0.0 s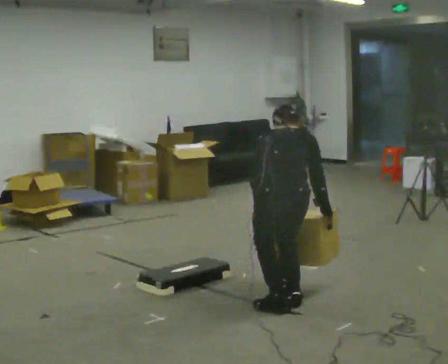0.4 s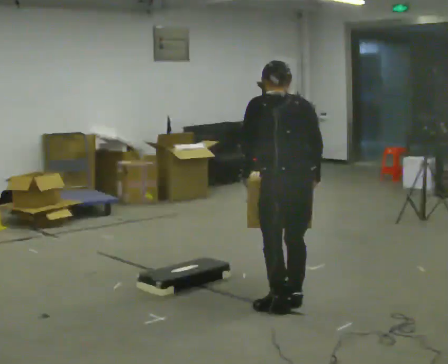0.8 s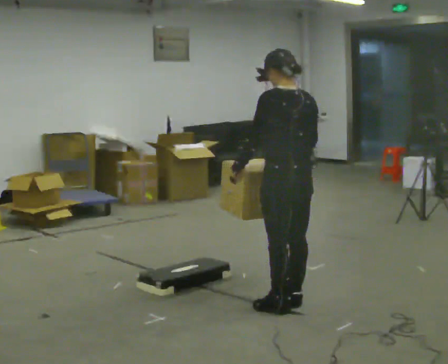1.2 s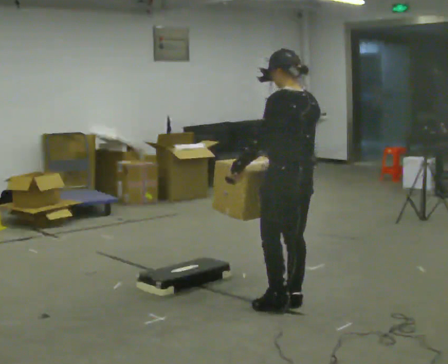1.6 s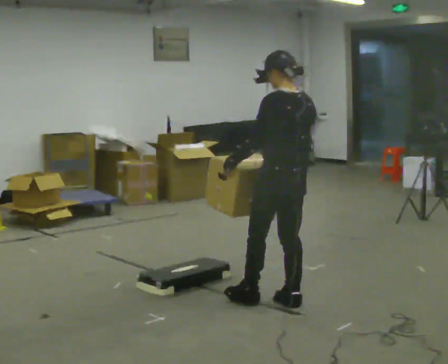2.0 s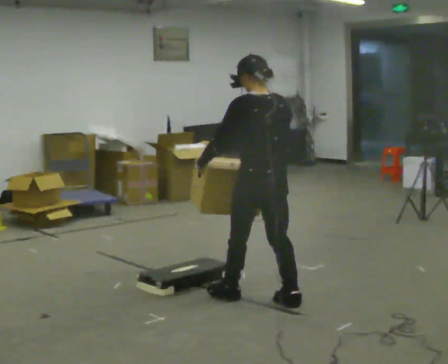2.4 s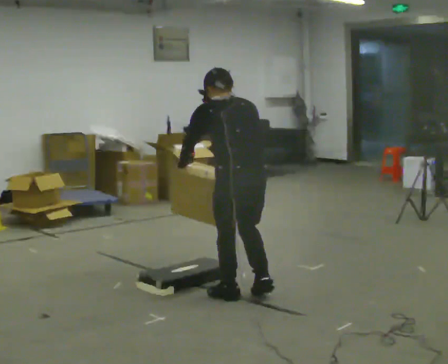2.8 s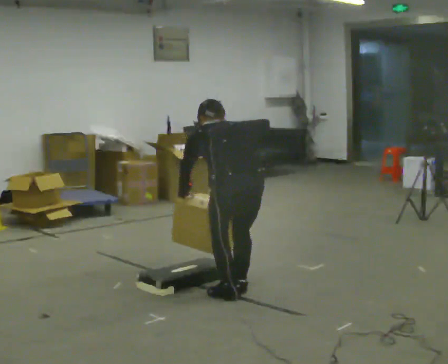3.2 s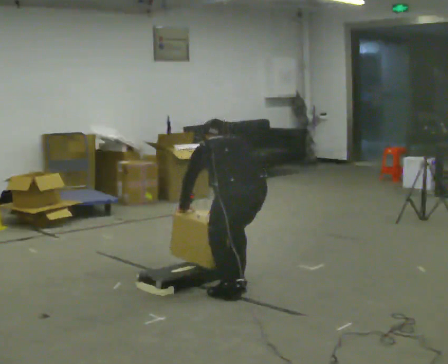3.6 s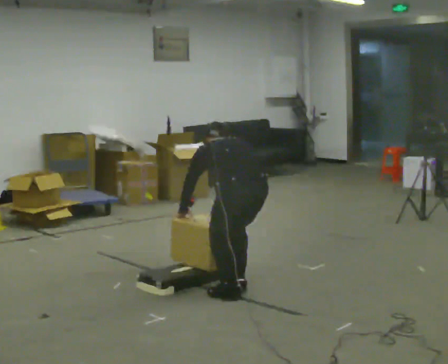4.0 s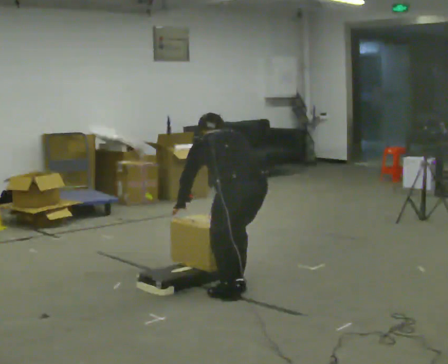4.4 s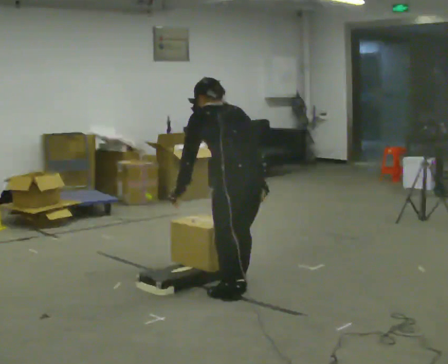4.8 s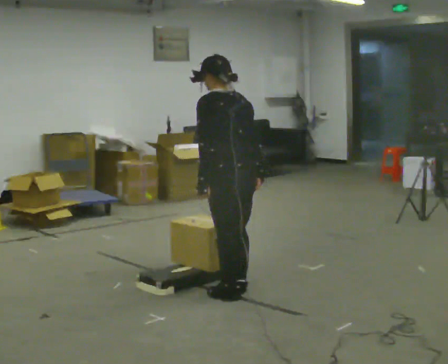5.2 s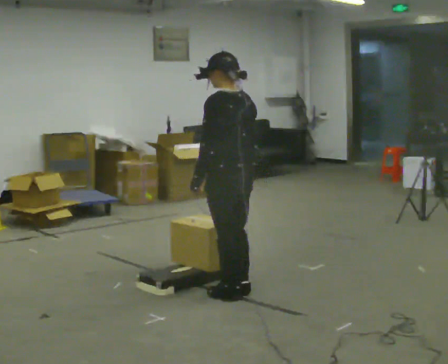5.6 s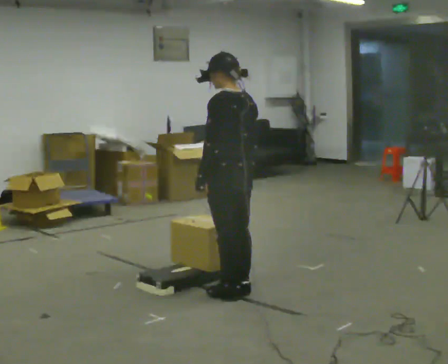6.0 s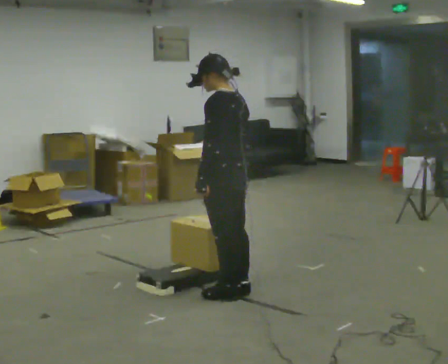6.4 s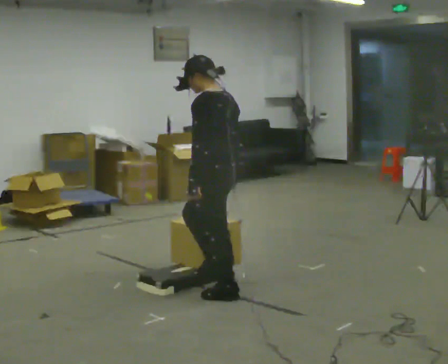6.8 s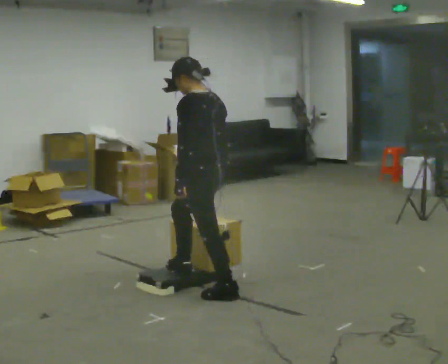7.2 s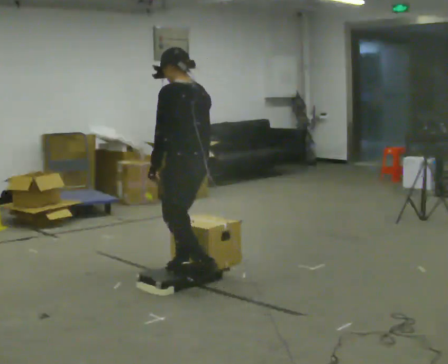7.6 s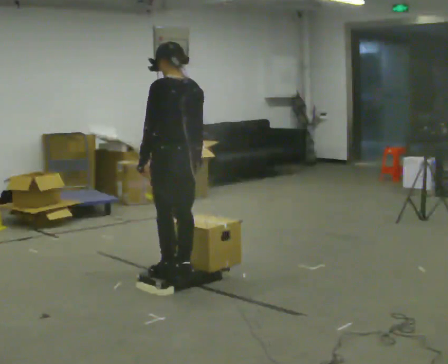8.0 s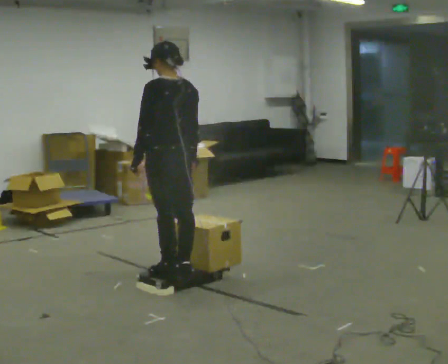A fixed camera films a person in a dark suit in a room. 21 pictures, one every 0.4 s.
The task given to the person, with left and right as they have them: Carry the box up onto the platform, across it, and down the other side, then bring it back. Keep going until the operator says stop; one object at a time, and do not rush between trips.
0.0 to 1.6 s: Seen from above the body turns counterclockwise, about 60 degrees: to their left, with its near side sliding to the right. In the picture they go away from the camera, about 0.25 m. The shoulders move upward. The upper body tips toward the camera, its near side rolling downward, as they lean back or straighten.
1.6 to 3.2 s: The part of the body nearest the lens slides to the left as the person turns to their right by about 30 degrees. In the picture they go to the left, about 0.25 m in 2 steps, which for them is to their left and forward. The shoulders move downward. The upper body tips away from the camera, its near side rolling upward, as they bend forward. In the picture their right hand goes downward.
3.2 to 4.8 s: The person turns about 30 degrees to their left, counterclockwise seen from above, so the part of the body nearest the lens slides to the right. The upper body goes upward. The upper body tips toward the camera, its near side rolling downward, as they lean back or straighten.
4.8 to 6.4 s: The person moves a little, or ends about where they began.
6.4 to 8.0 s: In the picture they go to the left and away from the camera, about 0.5 m in 2 steps, which for them is forward.
The film runs forward here.
